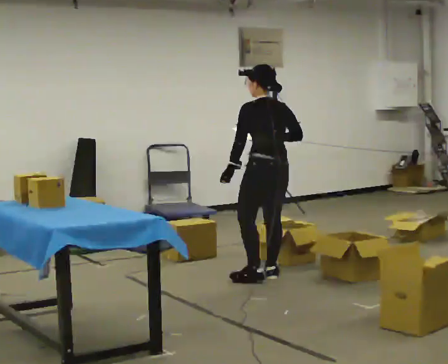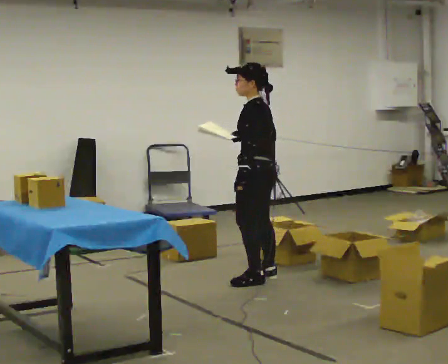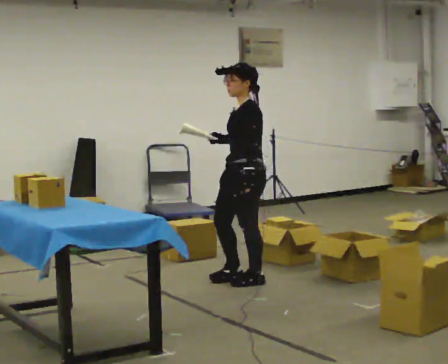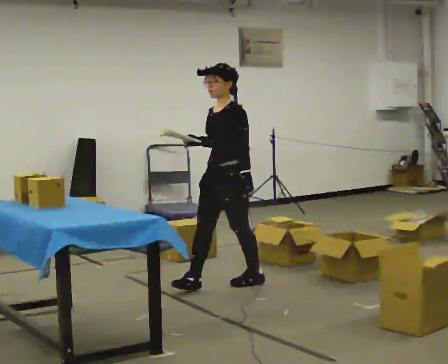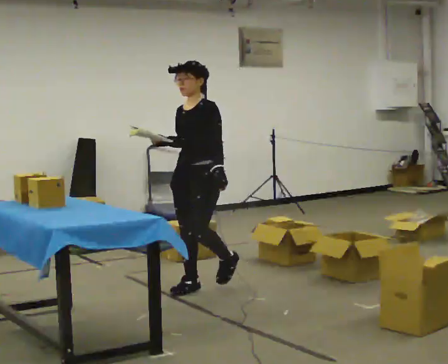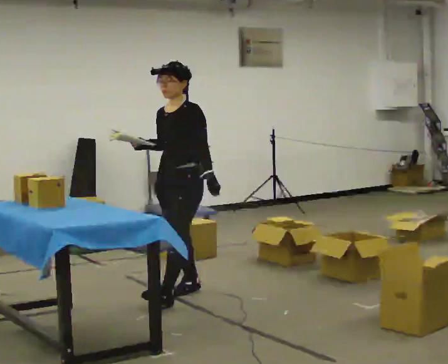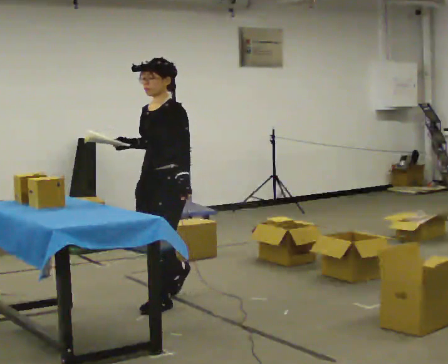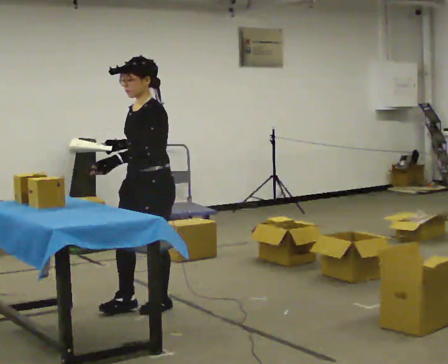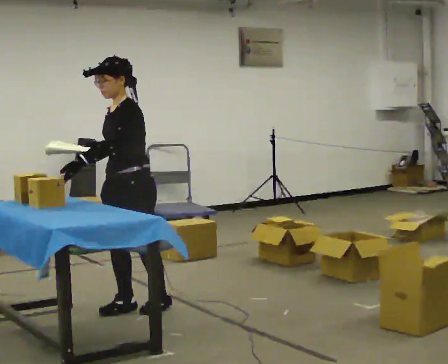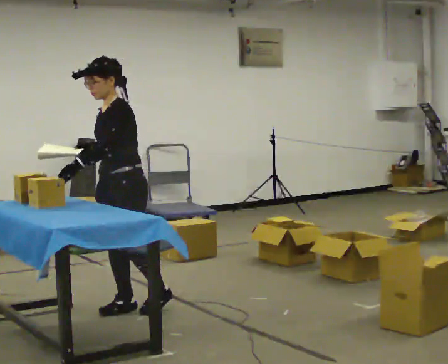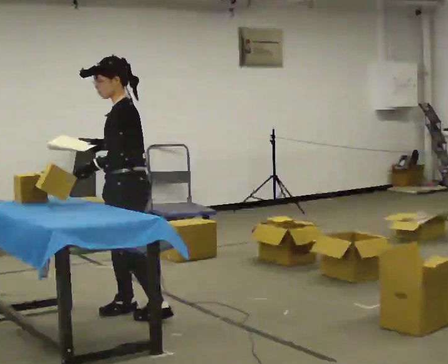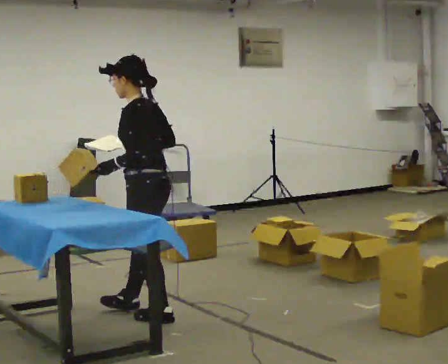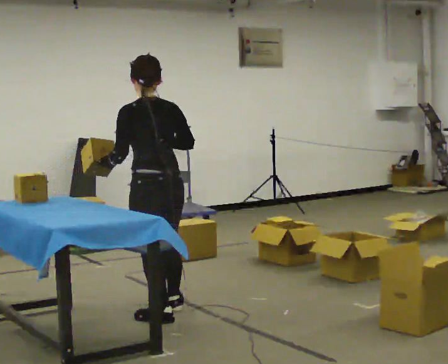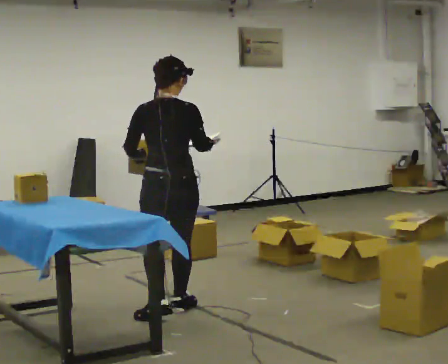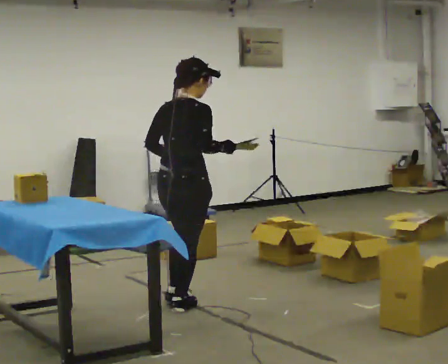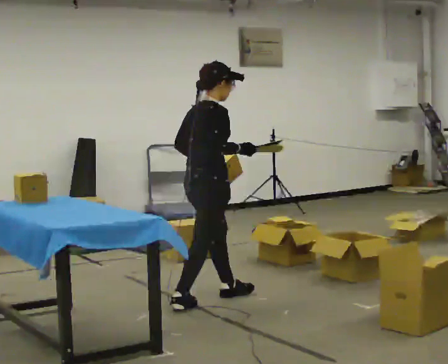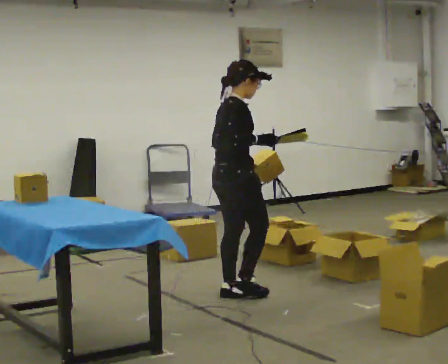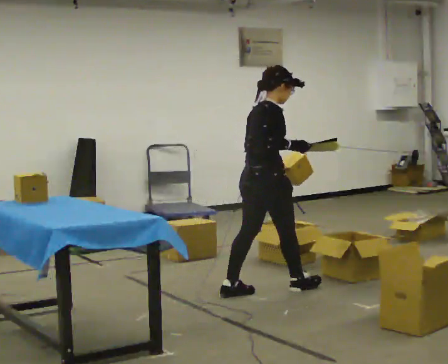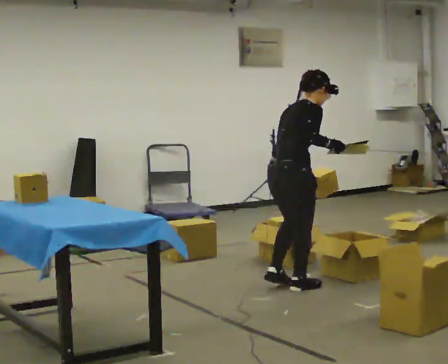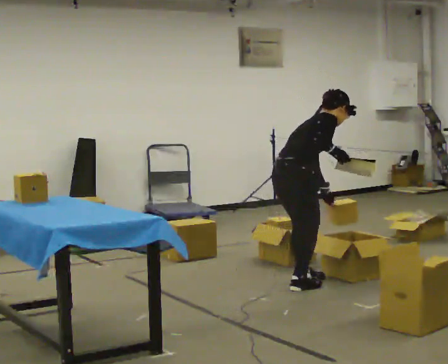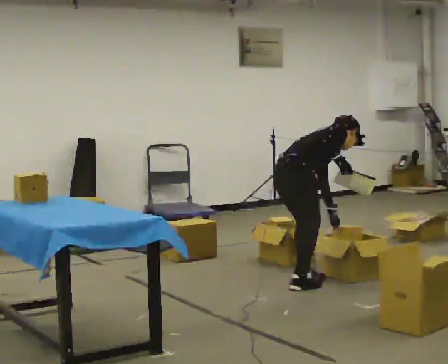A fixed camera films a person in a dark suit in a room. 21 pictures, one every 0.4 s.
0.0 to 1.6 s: The person turns about 105 degrees to their left, counterclockwise seen from above, so the part of the body nearest the lens slides to the right. In the picture they go to the left and toward the camera, about 0.5 m in 1 step.
1.6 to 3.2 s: In the picture they go toward the camera and to the left, about 0.75 m in 2 steps, which for them is forward.
3.2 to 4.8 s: Seen from above the body turns clockwise, about 90 degrees: to their right, with its near side sliding to the left. In the picture they go toward the camera and to the right, about 0.25 m in 2 steps.
4.8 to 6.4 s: The part of the body nearest the lens slides to the left as the person turns to their right by about 105 degrees. In the picture they go to the right and away from the camera, about 0.75 m in 1 step.
6.4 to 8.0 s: In the picture they go to the right and away from the camera, about 0.5 m in 2 steps, which for them is forward. The shoulders move downward. In the picture the upper body tilts clockwise, shoulders to the right, as they bend forward. In the picture their left hand goes downward.
The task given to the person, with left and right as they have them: 1. Read the parts list. 2. Collect each part from the bins around the room. 3. Lay them out on the table in the order on the list. 4. Put them all in the carry case. 5. Tell the operator when you are finished.
The film runs forward here.
